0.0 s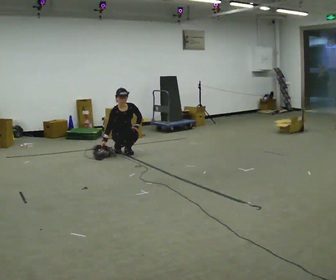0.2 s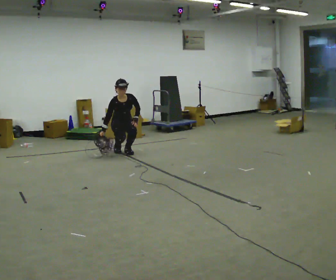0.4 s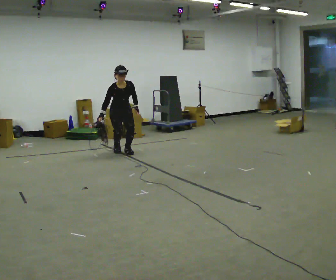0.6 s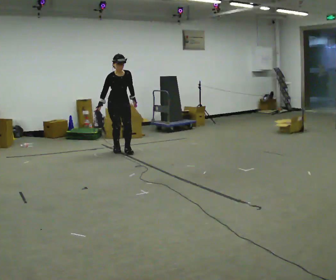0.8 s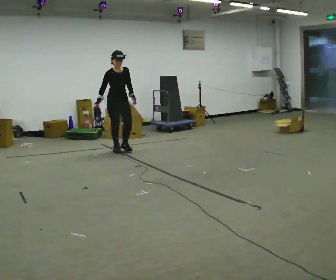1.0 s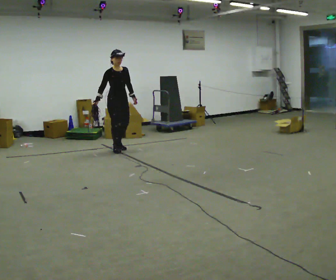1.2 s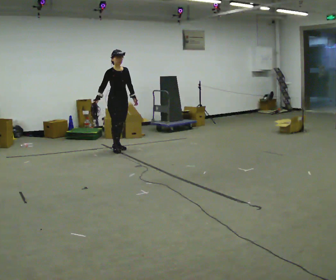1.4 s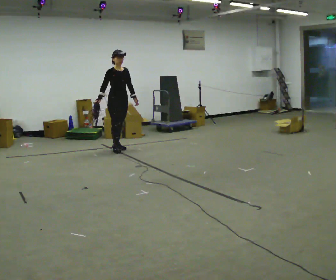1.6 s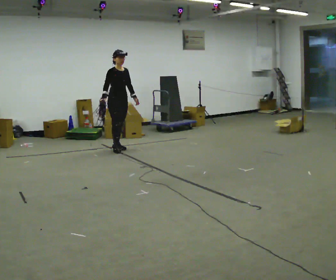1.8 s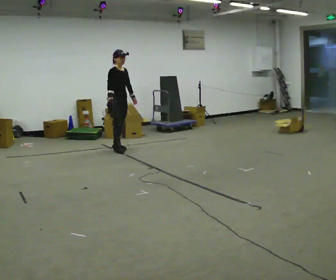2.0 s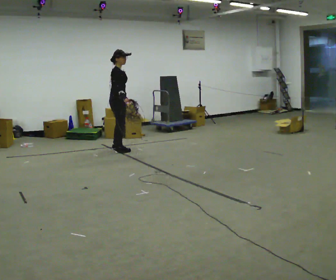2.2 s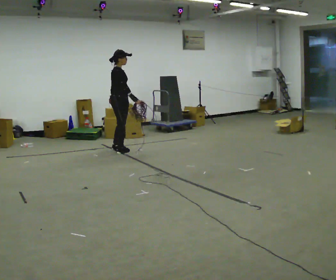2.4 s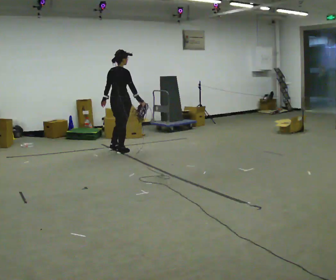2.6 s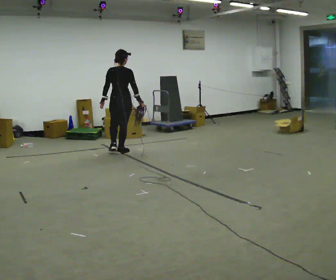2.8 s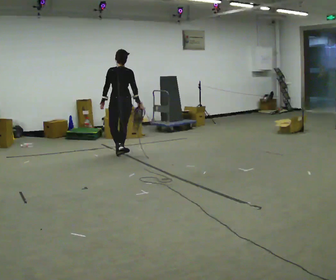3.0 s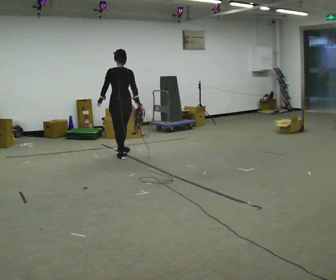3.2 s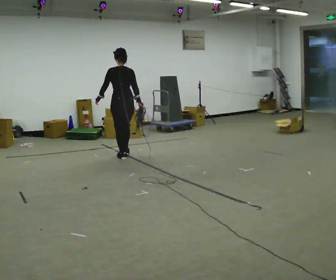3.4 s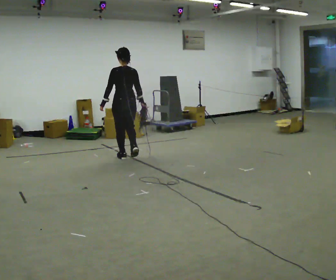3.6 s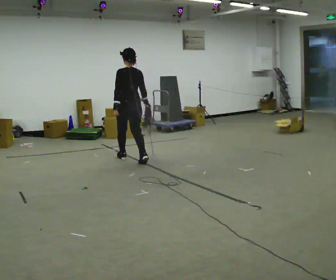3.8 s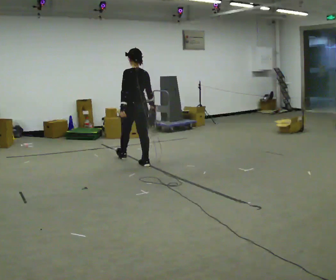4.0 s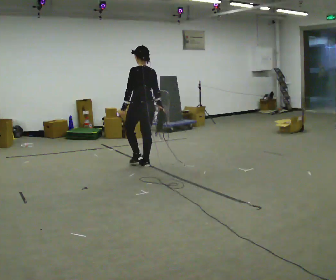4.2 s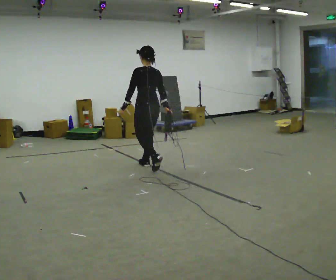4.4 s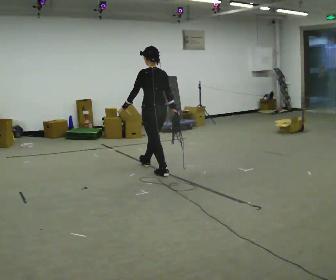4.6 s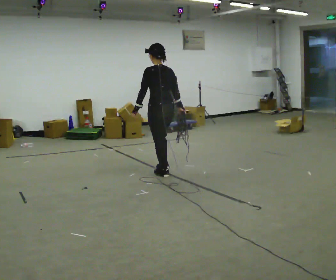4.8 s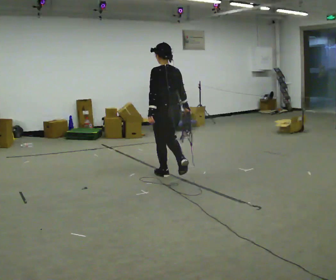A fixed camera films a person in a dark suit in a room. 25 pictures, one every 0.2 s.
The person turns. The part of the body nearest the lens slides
to the right.
The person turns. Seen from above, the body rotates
counterclockwise.
0.0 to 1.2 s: The shoulders move upward. The upper body tips away from the camera, its near side rolling upward, as they lean back or straighten. In the picture their left hand goes upward.
1.2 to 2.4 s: The part of the body nearest the lens slides to the right as the person turns to their left by about 105 degrees. In the picture they go toward the camera, about 0.25 m in 2 steps. In the picture their right hand goes to the right, the arm swinging counterclockwise.
2.4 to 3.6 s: Seen from above the body turns counterclockwise, about 60 degrees: to their left, with its near side sliding to the right. In the picture they go toward the camera, about 0.5 m in 1 step.
3.6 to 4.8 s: In the picture they go toward the camera and to the right, about 1 m in 2 steps, which for them is backward.
The film runs backward here.
